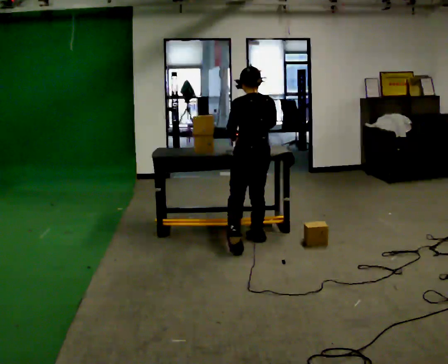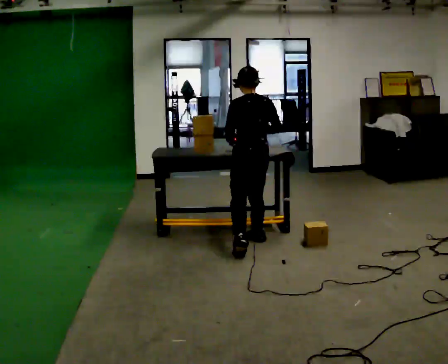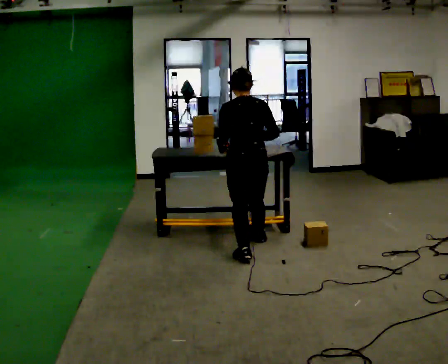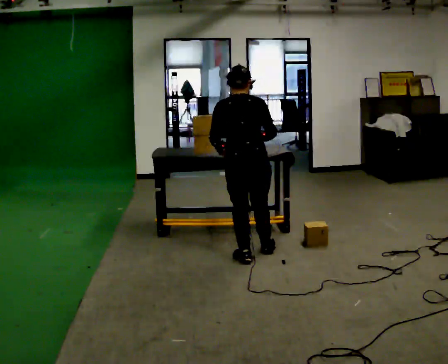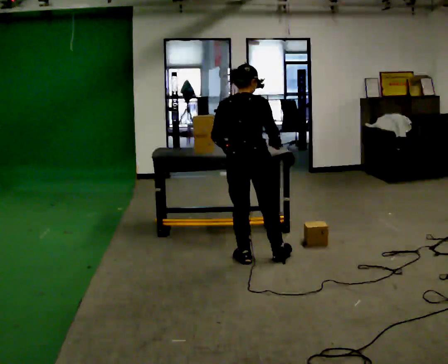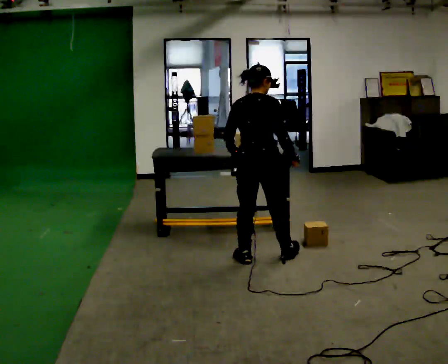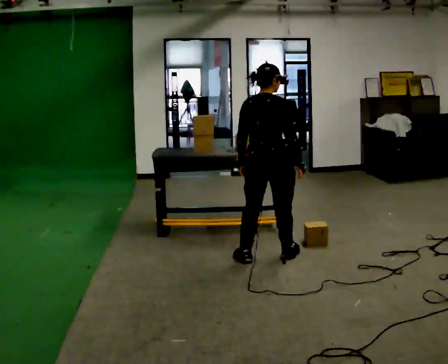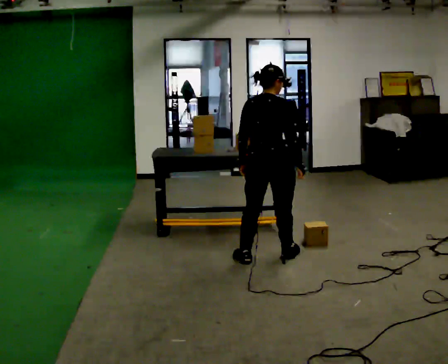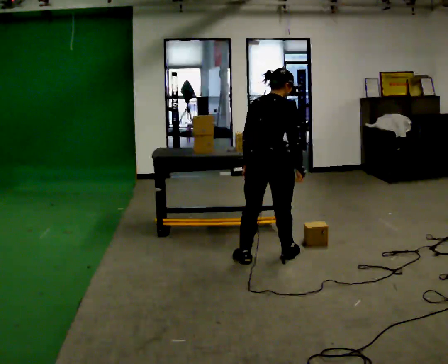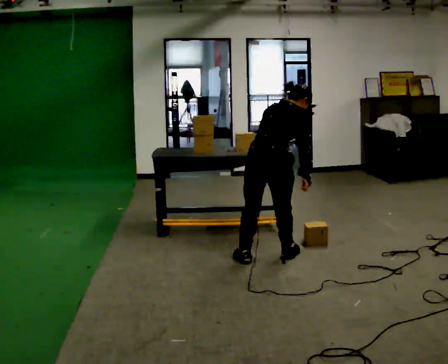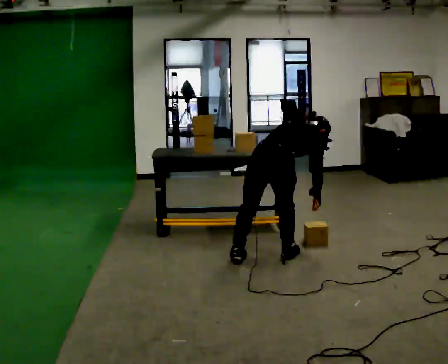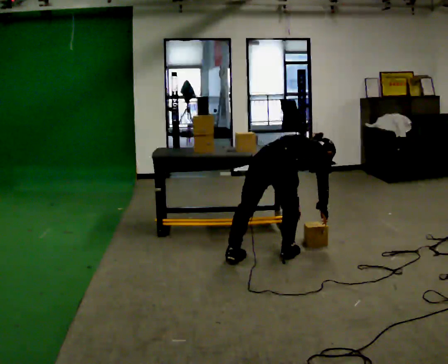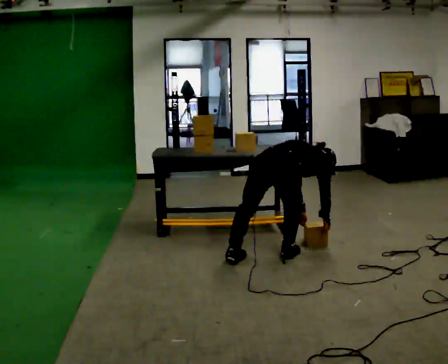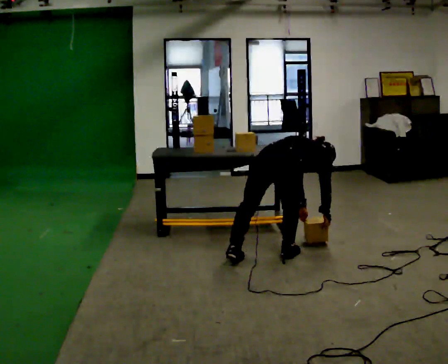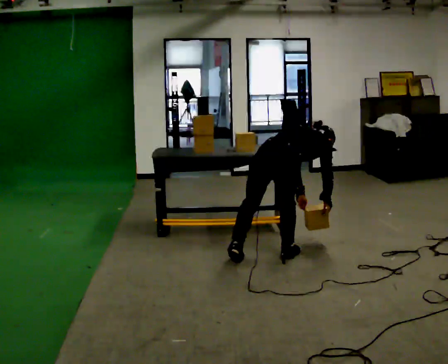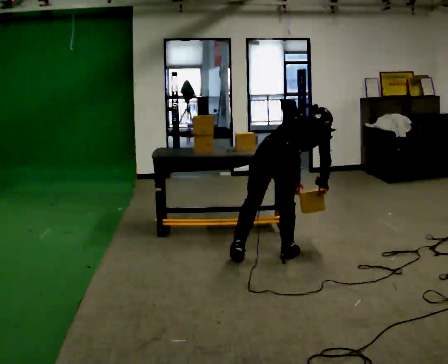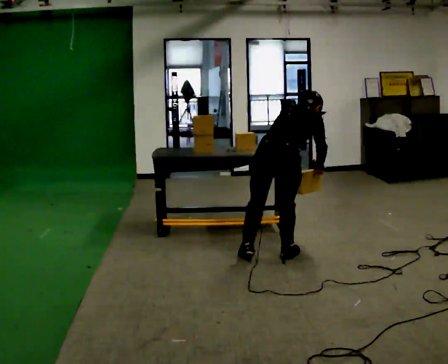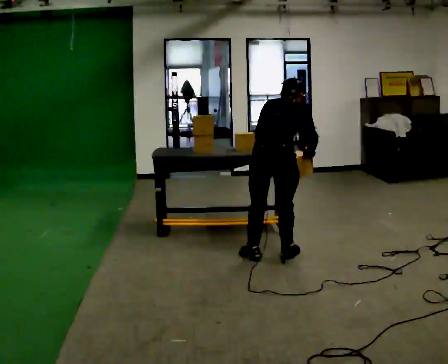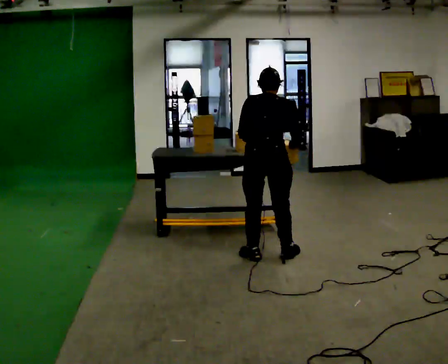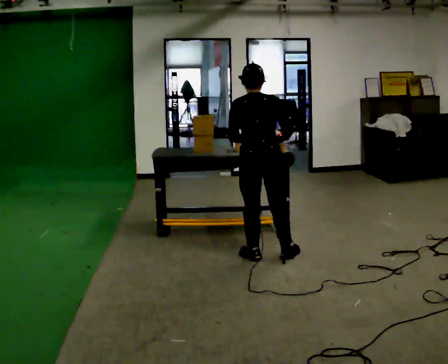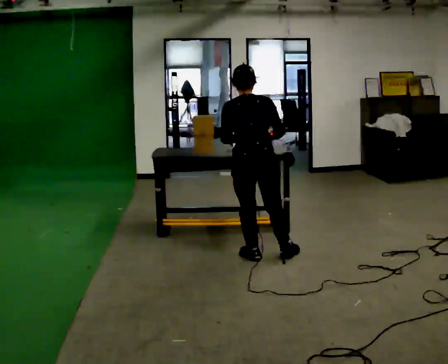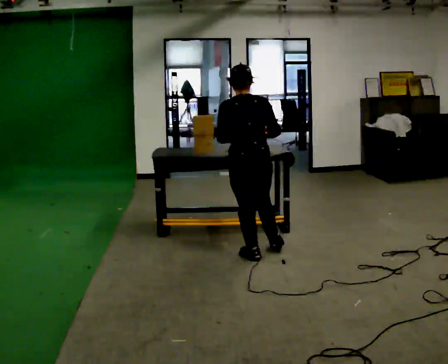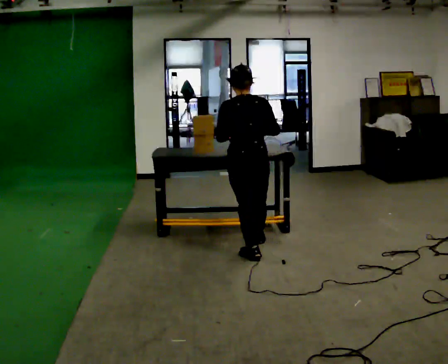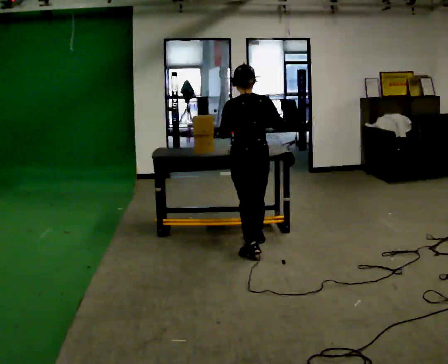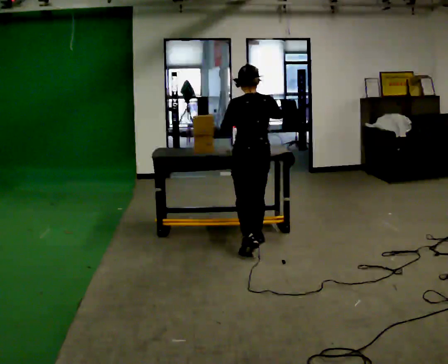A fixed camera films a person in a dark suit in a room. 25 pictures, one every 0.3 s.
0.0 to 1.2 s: The part of the body nearest the lens slides to the left as the person turns to their right by about 45 degrees. In the picture they go toward the camera, about 0.5 m, which for them is backward and to their left.
1.2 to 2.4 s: The person moves a little, or ends about where they began.
2.4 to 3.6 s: The shoulders move downward. The upper body tips away from the camera, its near side rolling upward, as they bend forward. In the picture their right hand goes downward.
3.6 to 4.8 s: The shoulders move upward. In the picture the upper body tilts counterclockwise, shoulders to the left, as they lean back or straighten. In the picture their right hand goes upward.
4.8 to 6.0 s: The part of the body nearest the lens slides to the right as the person turns to their left by about 30 degrees. In the picture they go to the left, about 0.25 m, which for them is to their left. The upper body tips toward the camera, its near side rolling downward, as they lean back or straighten. In the picture their right hand goes to the left.
6.0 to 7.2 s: In the picture they go away from the camera, about 0.25 m in 1 step, which for them is forward and to their right.
The film runs forward here.
